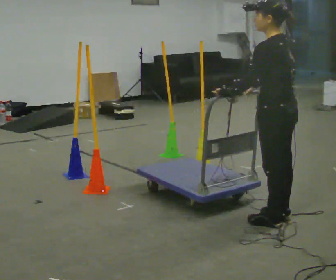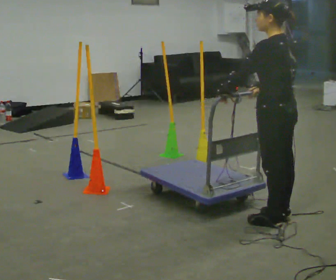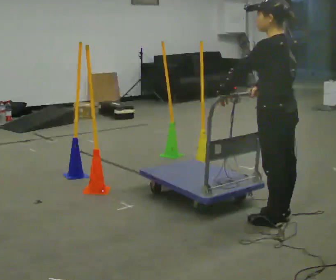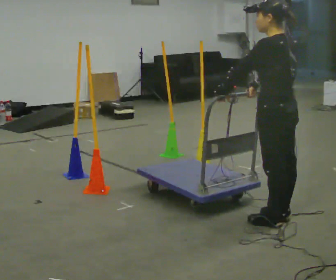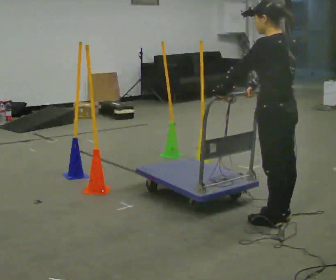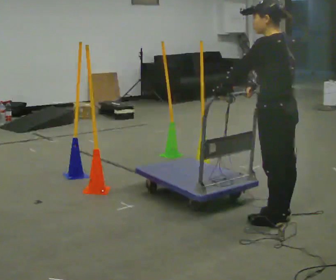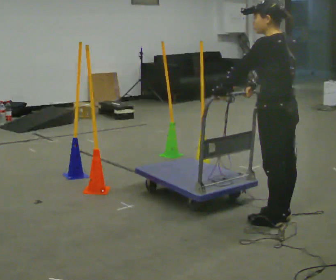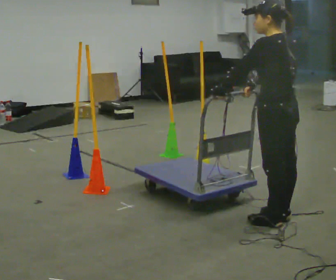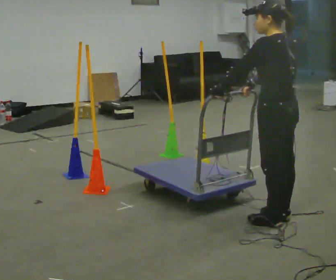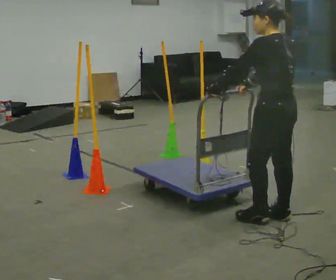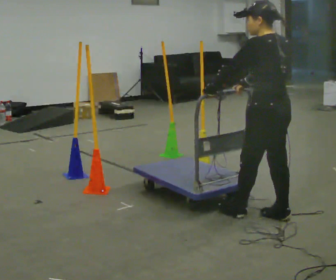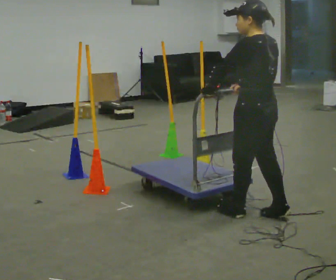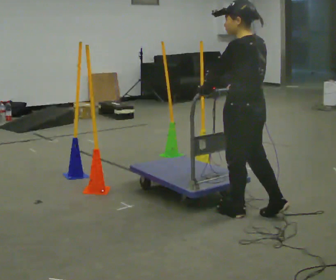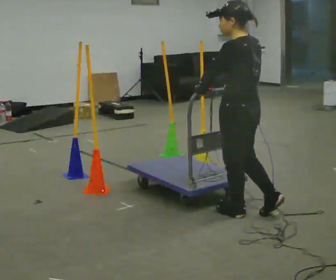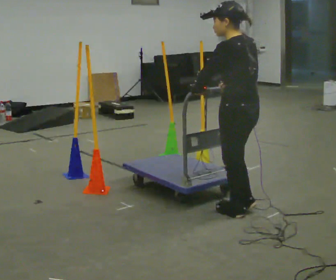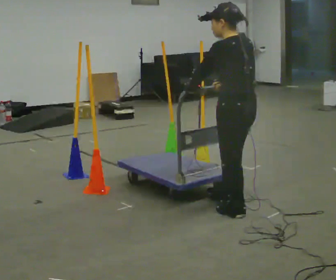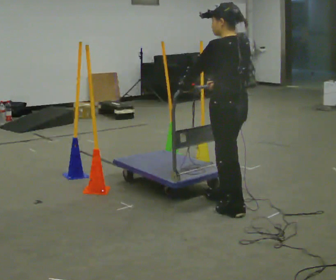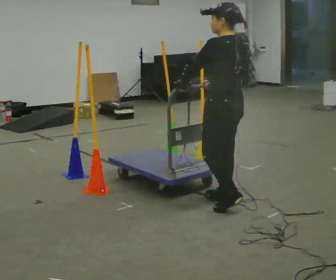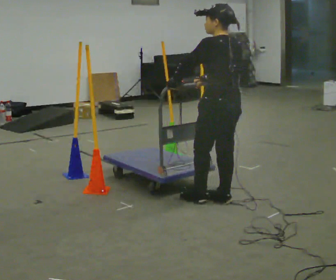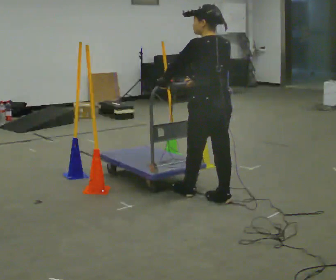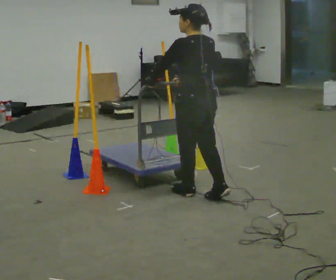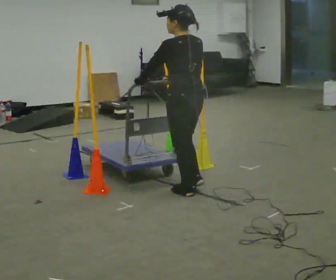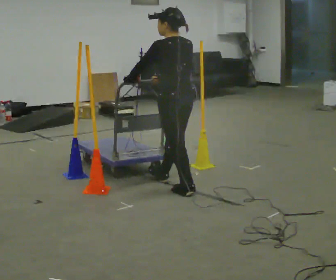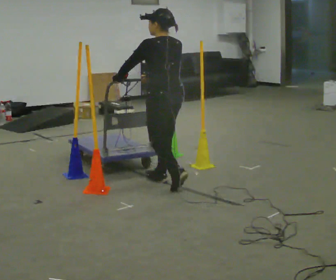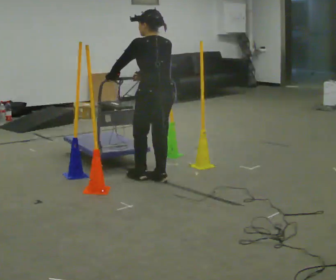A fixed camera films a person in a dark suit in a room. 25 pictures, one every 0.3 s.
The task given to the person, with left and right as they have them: Push the cart in and out of the line of poles without touching any of them. Keep going until the operator says stop.
0.0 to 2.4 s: The person moves a little, or ends about where they began.
2.4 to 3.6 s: In the picture they go to the left, about 0.25 m in 1 step, which for them is forward.
3.6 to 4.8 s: In the picture they go away from the camera, about 0.25 m in 1 step, which for them is forward.
4.8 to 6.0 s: In the picture they go to the left and away from the camera, about 0.25 m in 1 step, which for them is forward.
6.0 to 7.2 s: In the picture they go to the left and away from the camera, about 0.5 m in 1 step, which for them is forward.
The film runs forward here.
